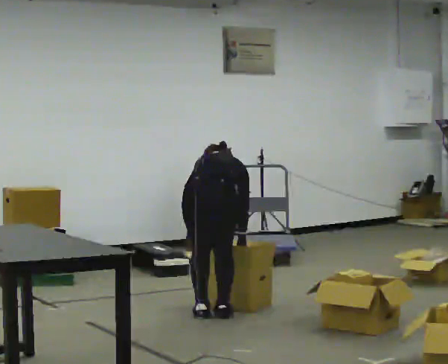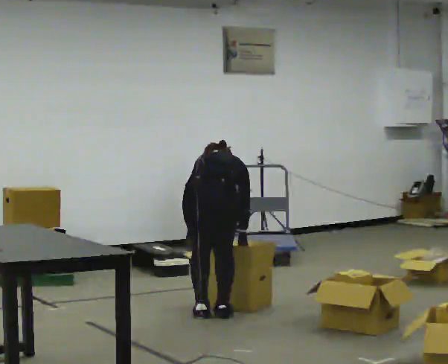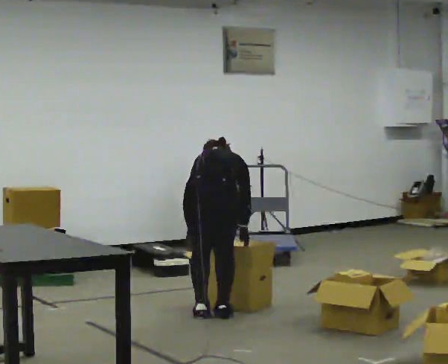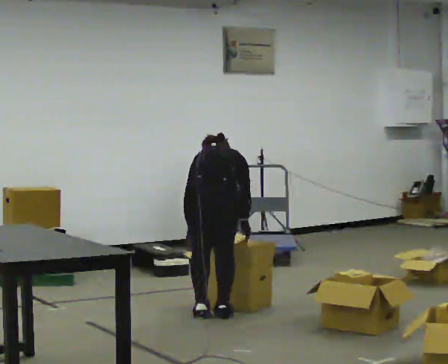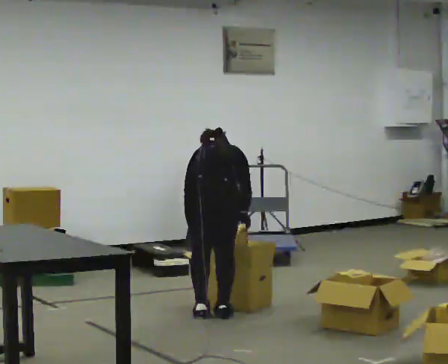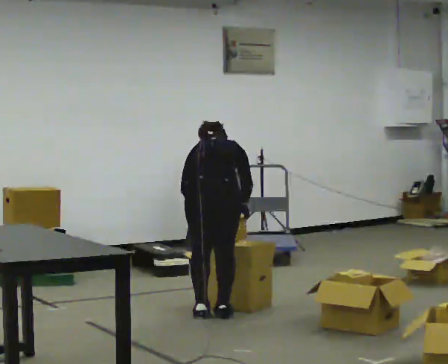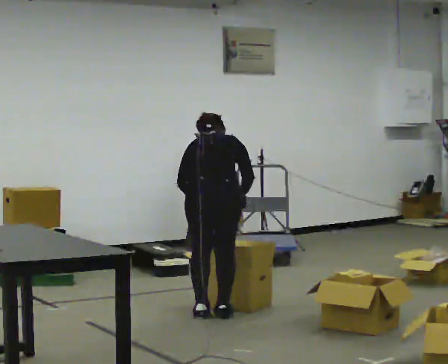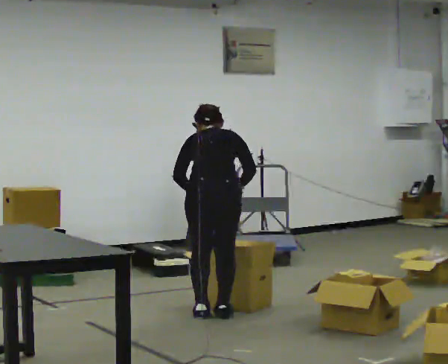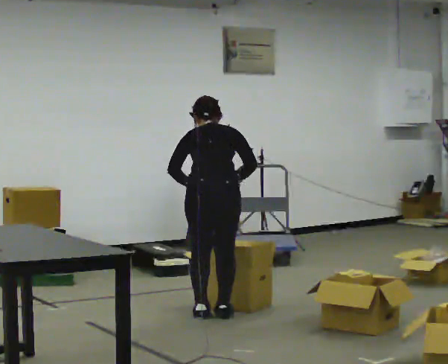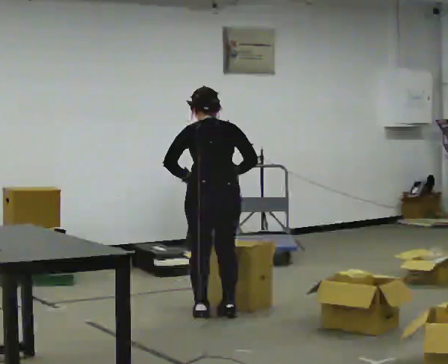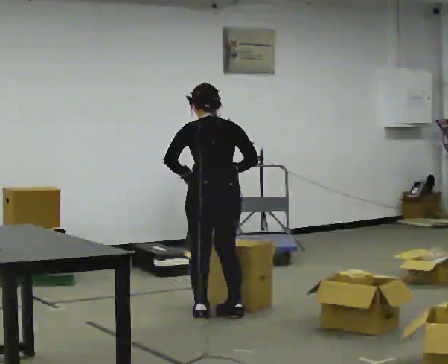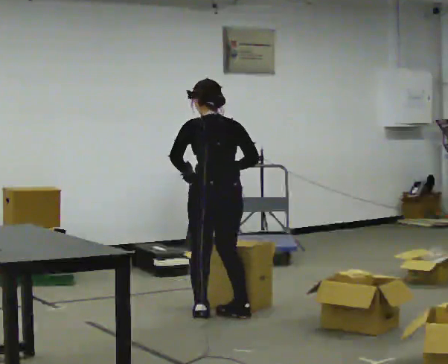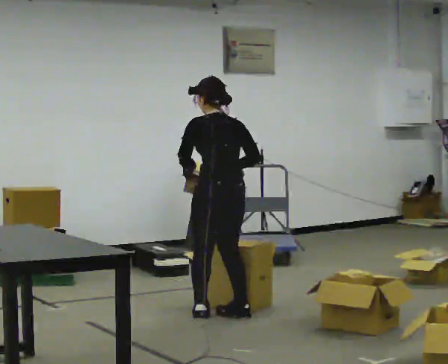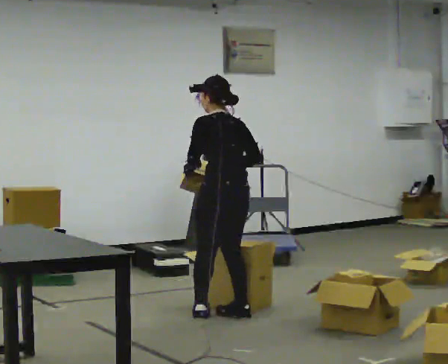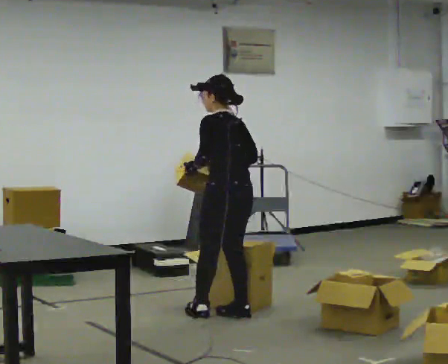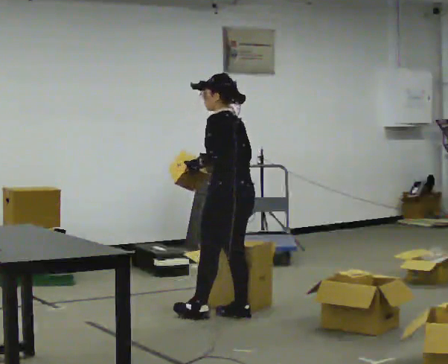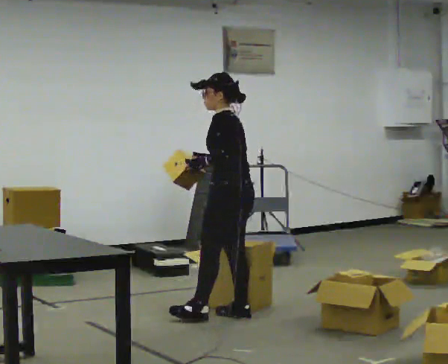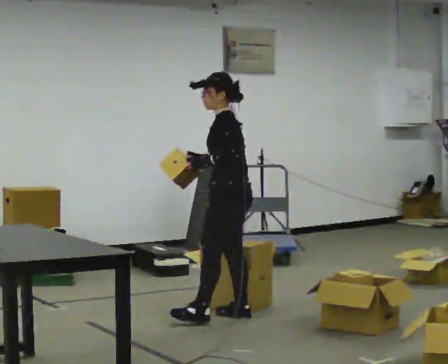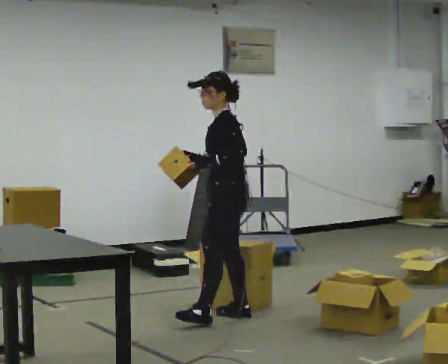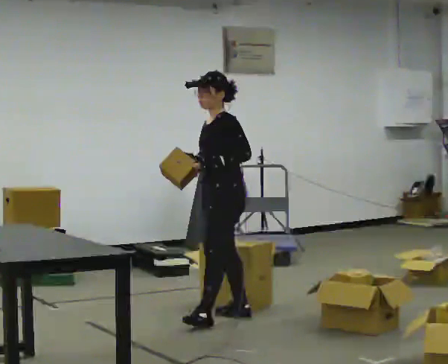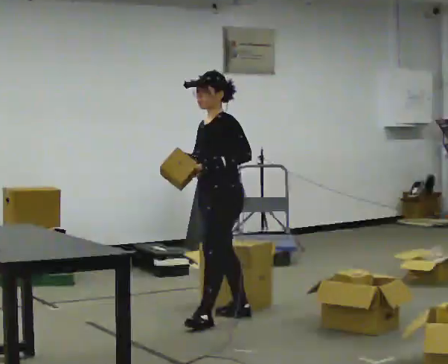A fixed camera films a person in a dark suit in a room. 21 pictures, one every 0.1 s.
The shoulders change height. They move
upward.
The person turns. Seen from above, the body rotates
counterclockwise.
0.0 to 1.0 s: The upper body goes upward. The upper body tips toward the camera, its near side rolling downward, as they lean back or straighten. In the picture their right hand goes upward.
1.0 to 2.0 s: Seen from above the body turns counterclockwise, about 105 degrees: to their left, with its near side sliding to the right. In the picture their right hand goes to the left.
The film runs forward here.
